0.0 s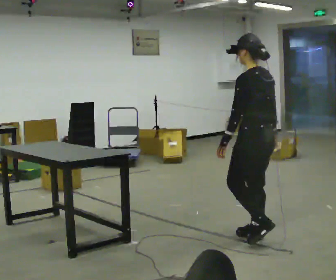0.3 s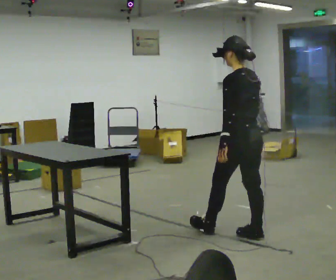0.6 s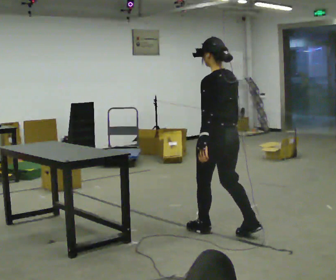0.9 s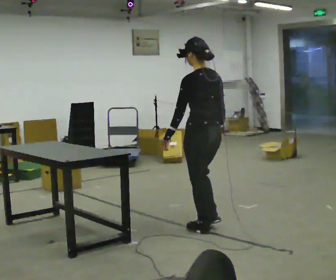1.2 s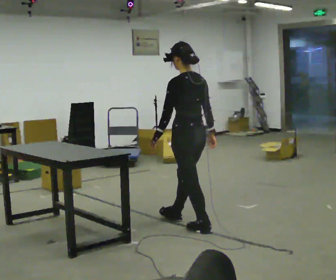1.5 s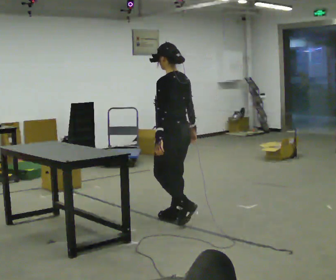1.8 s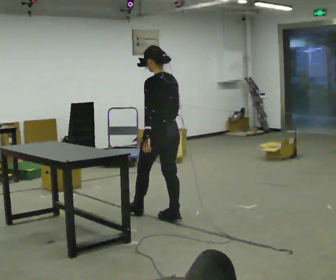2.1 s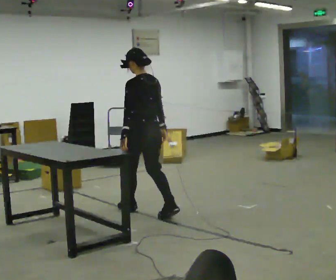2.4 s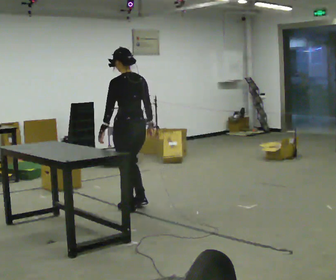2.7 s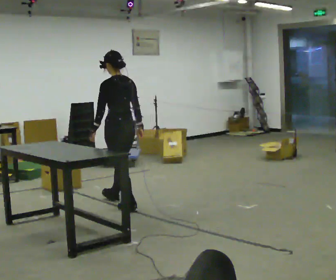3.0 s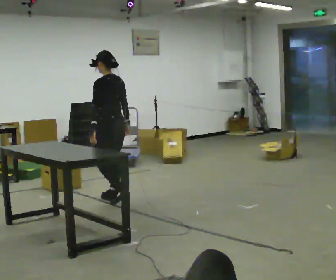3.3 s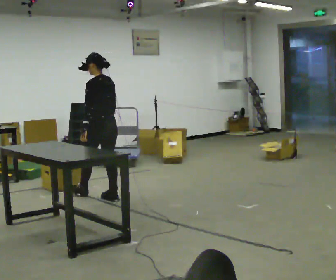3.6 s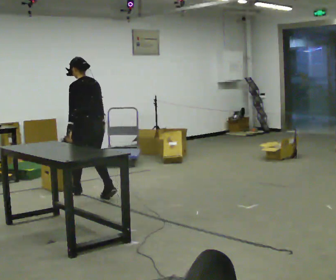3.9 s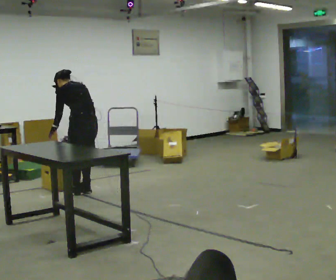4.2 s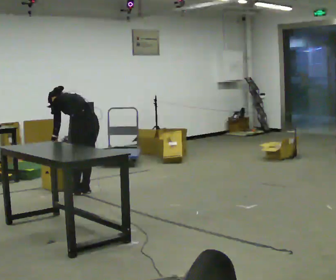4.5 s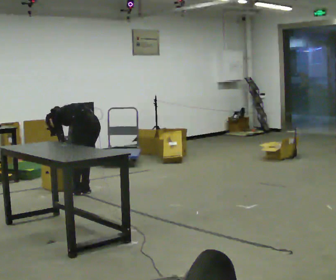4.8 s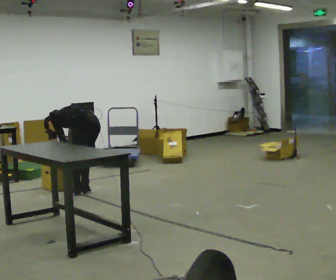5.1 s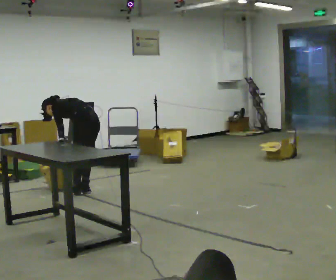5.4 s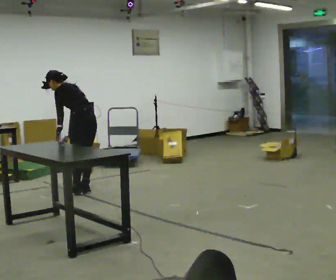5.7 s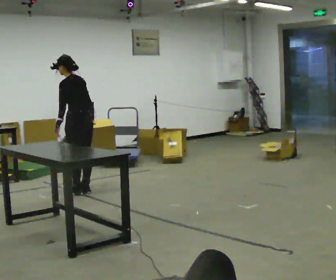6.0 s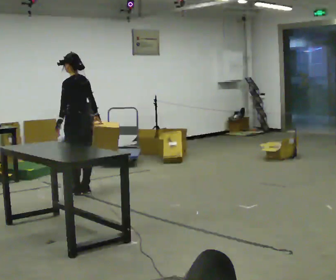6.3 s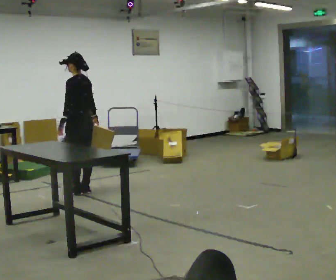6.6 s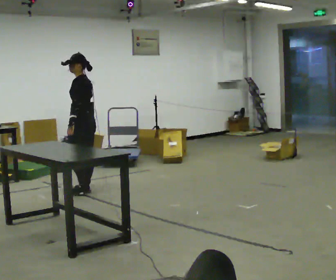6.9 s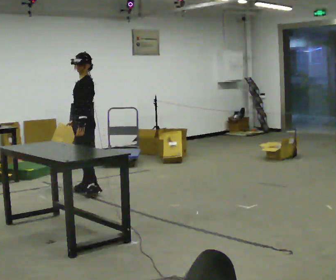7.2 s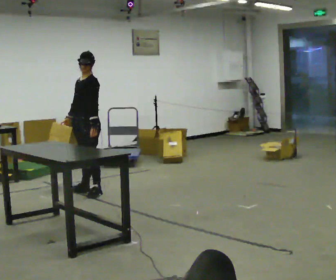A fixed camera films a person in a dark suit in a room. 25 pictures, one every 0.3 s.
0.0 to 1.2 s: In the picture they go away from the camera and to the left, about 0.75 m in 2 steps, which for them is forward.
1.2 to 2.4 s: In the picture they go away from the camera and to the left, about 1 m in 1 step, which for them is forward.
2.4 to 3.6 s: In the picture they go away from the camera and to the left, about 1 m in 2 steps, which for them is forward.
3.6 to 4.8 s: The shoulders move downward. In the picture the upper body tilts counterclockwise, shoulders to the left, as they bend forward. In the picture their left hand goes downward.
4.8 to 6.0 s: The upper body goes upward. The upper body tips toward the camera, its near side rolling downward, as they lean back or straighten. In the picture their left hand goes upward.
6.0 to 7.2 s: Seen from above the body turns counterclockwise, about 75 degrees: to their left, with its near side sliding to the right. In the picture their right hand goes to the left, the arm swinging clockwise.
The film runs forward here.
